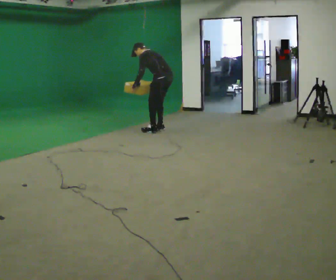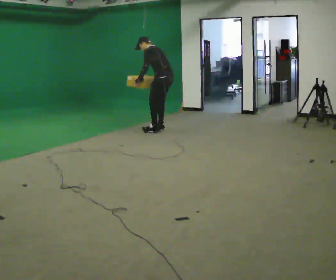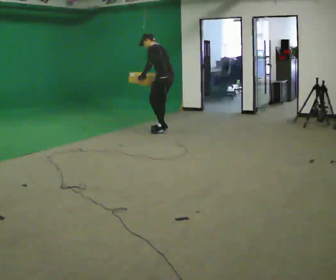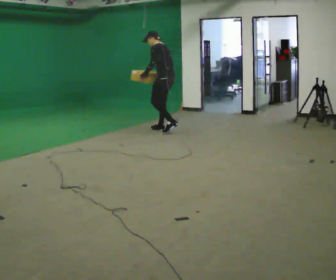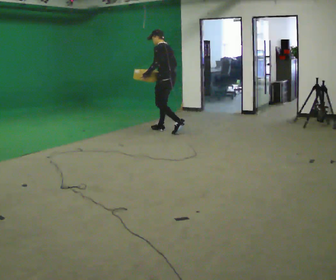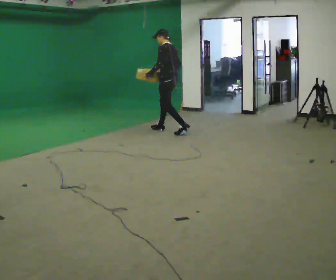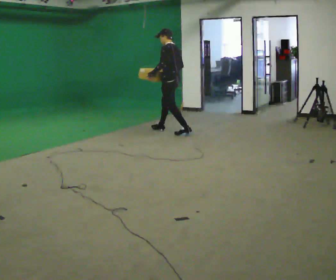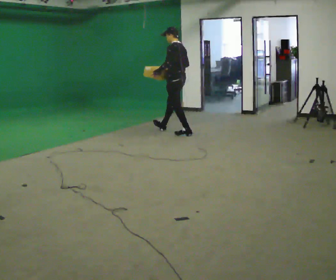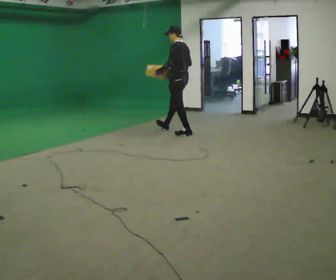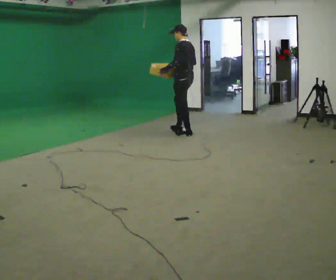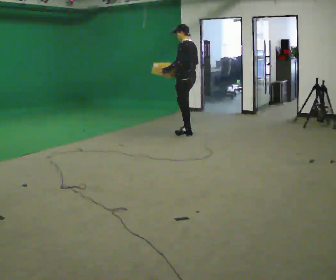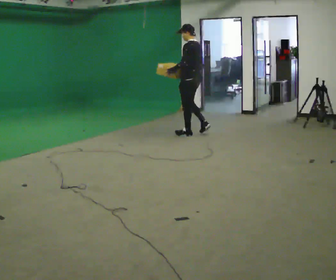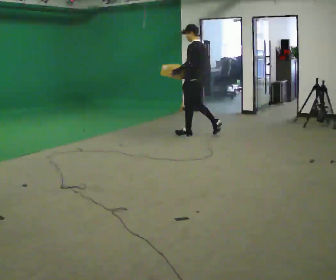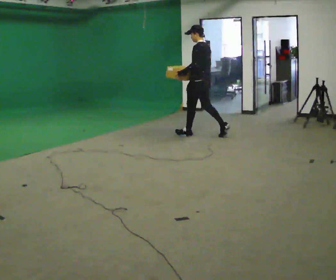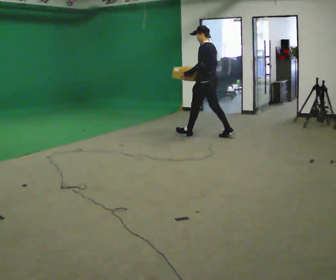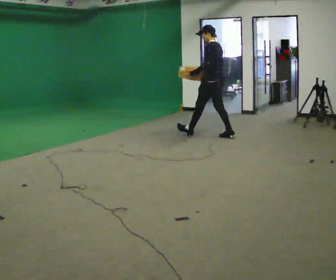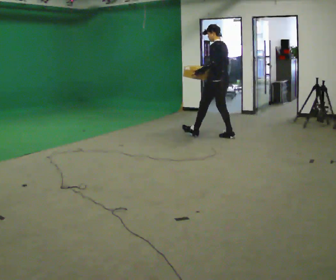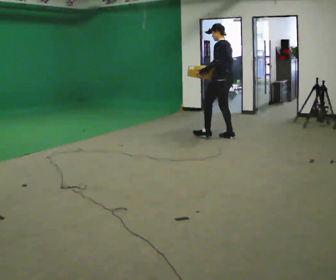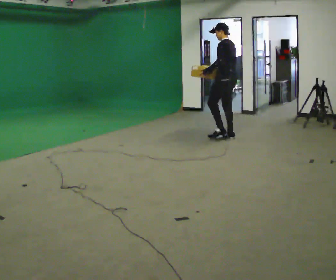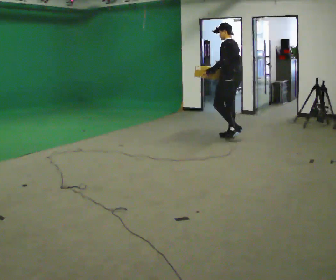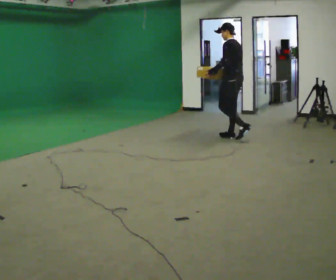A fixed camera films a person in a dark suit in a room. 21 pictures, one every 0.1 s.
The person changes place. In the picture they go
to the right.
The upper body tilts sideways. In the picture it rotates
clockwise.
0.0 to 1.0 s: In the picture they go to the right and toward the camera, about 0.5 m in 2 steps, which for them is backward. The upper body goes upward. In the picture the upper body tilts clockwise, shoulders to the right, as they lean back or straighten.
1.0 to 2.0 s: In the picture they go to the right and toward the camera, about 1 m in 1 step, which for them is backward.
The film runs backward here.
